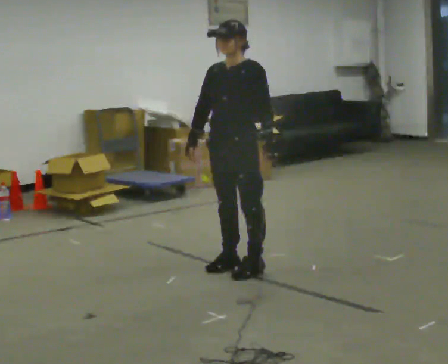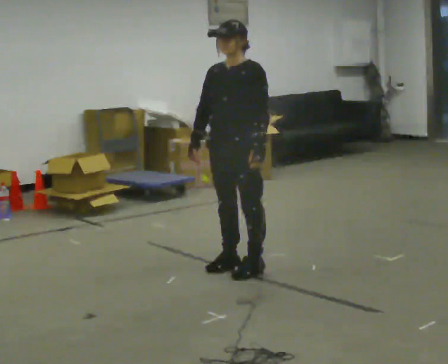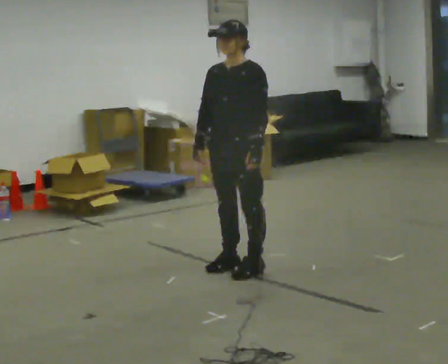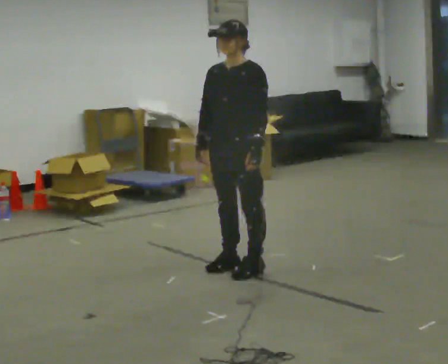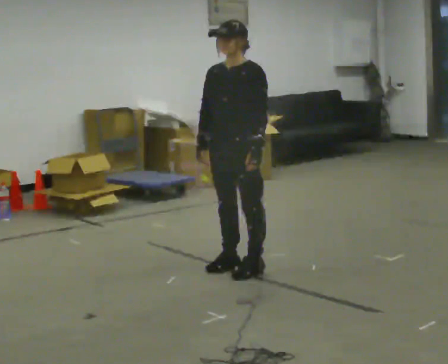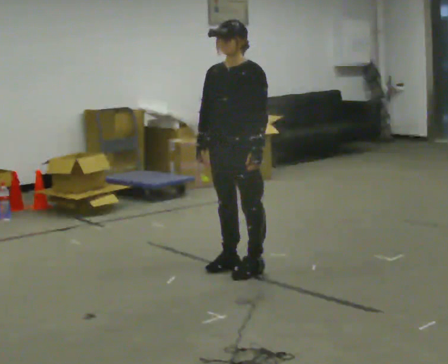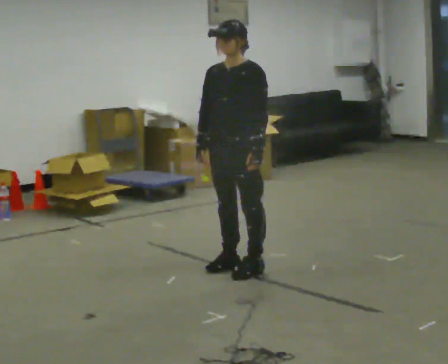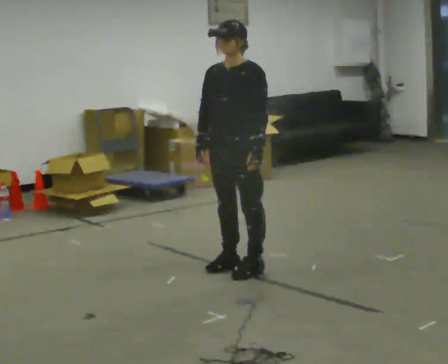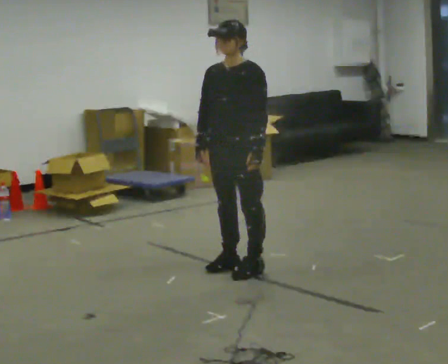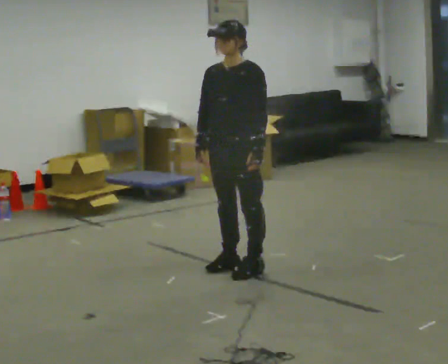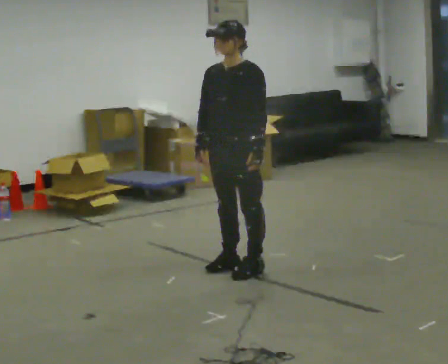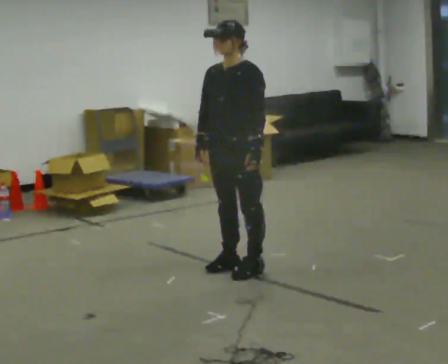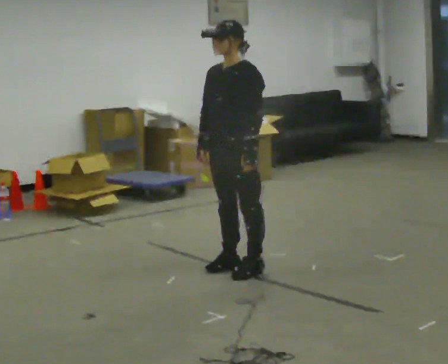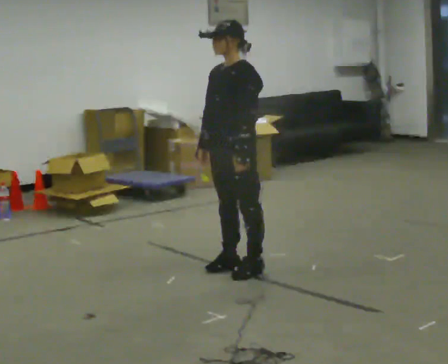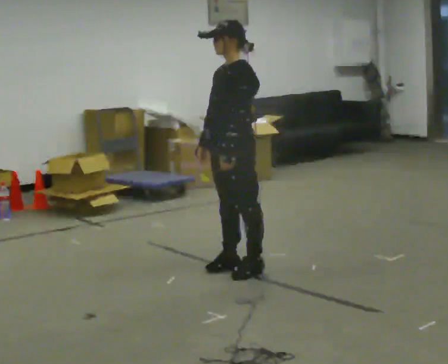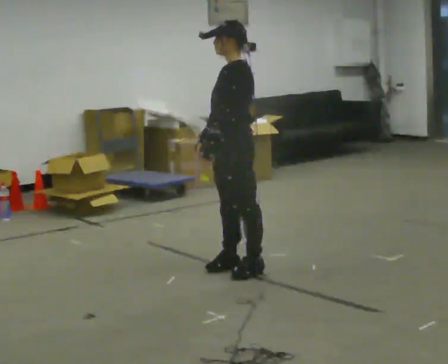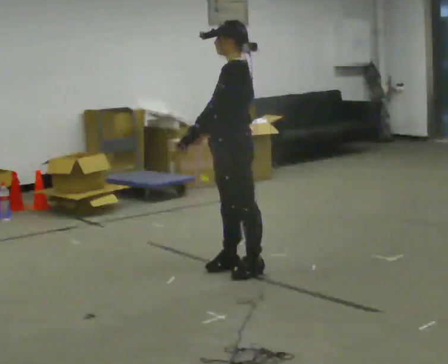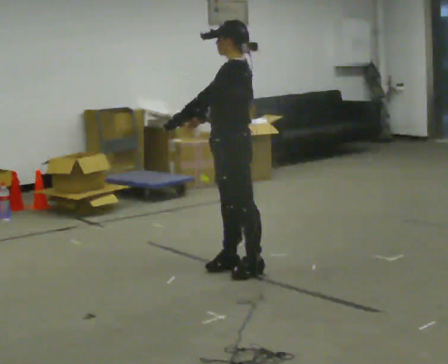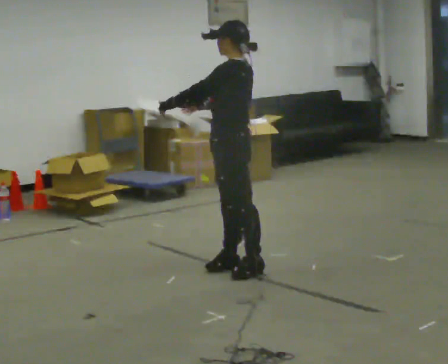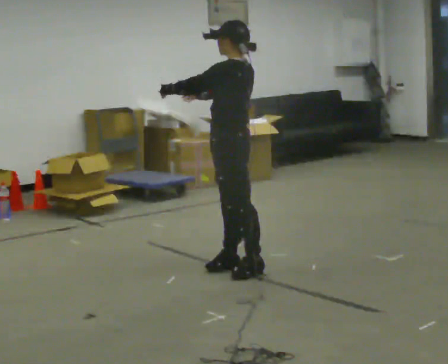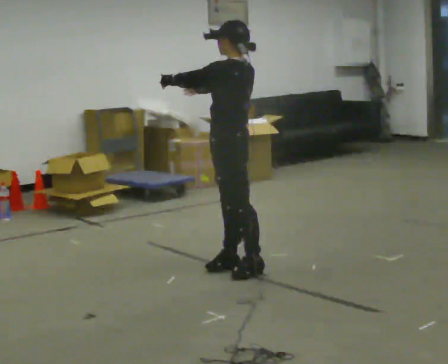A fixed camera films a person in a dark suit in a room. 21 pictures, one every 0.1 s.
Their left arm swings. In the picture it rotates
clockwise.
0.0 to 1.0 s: The person moves a little, or ends about where they began.
1.0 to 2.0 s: Seen from above the body turns clockwise, about 60 degrees: to their right, with its near side sliding to the left. In the picture their left hand goes to the left and upward, the arm swinging clockwise.
The film runs backward here.
